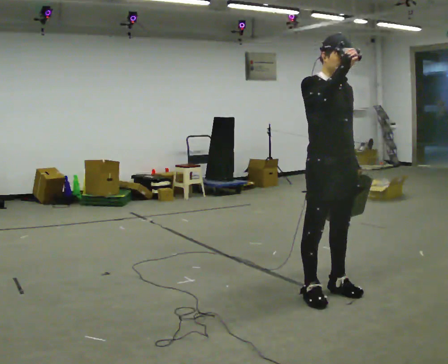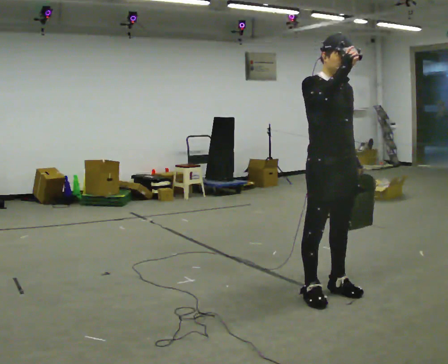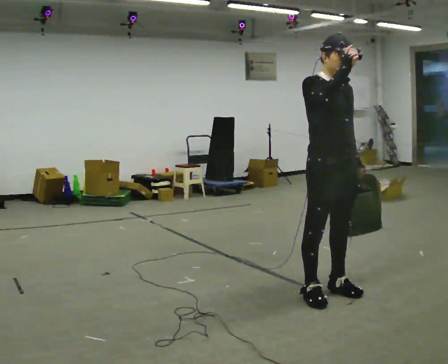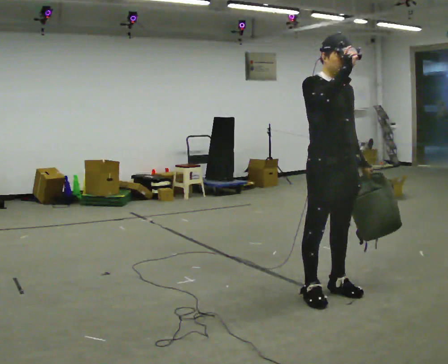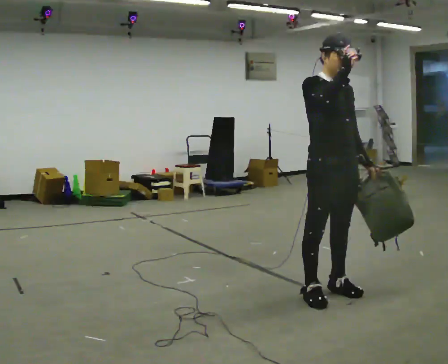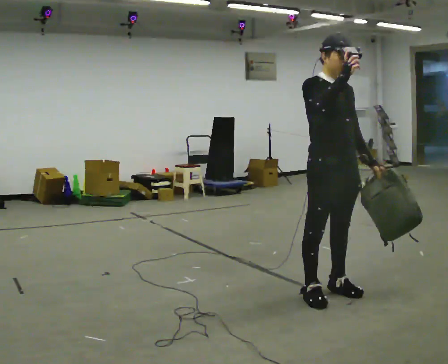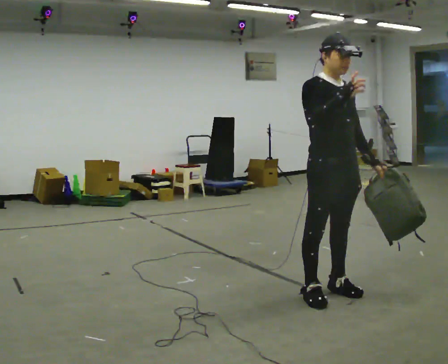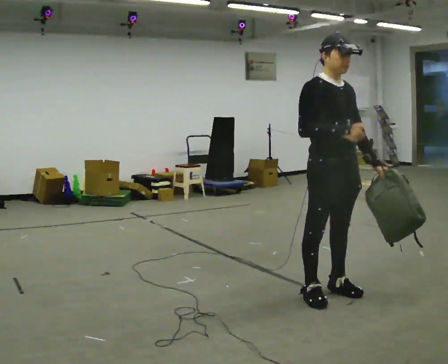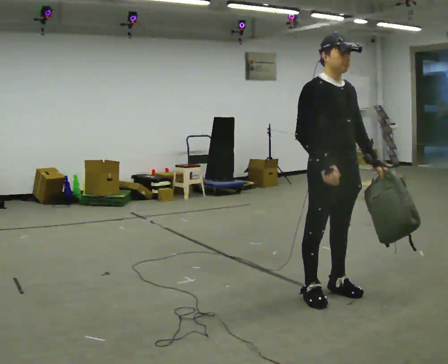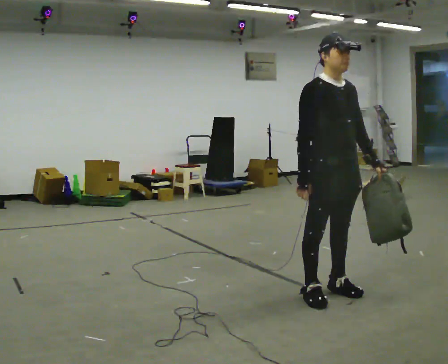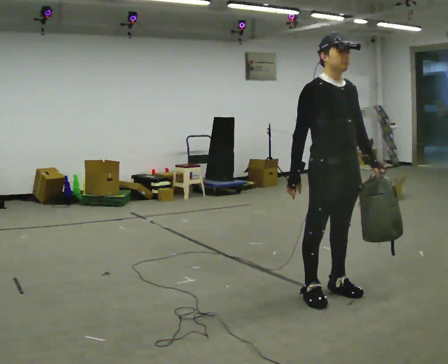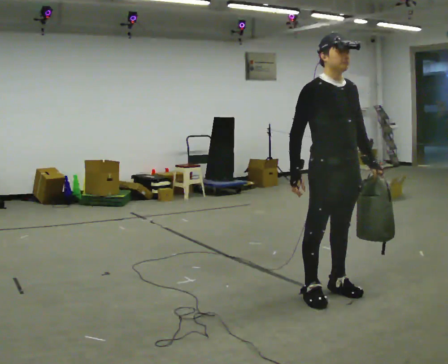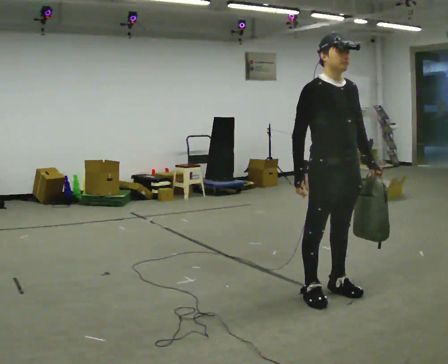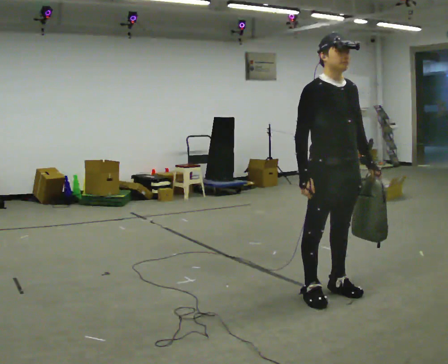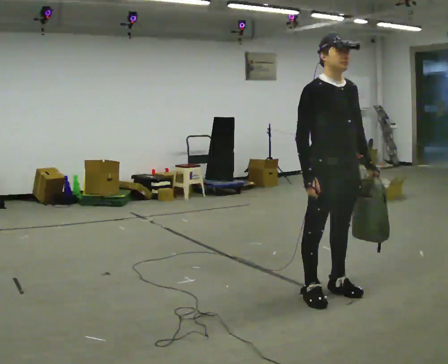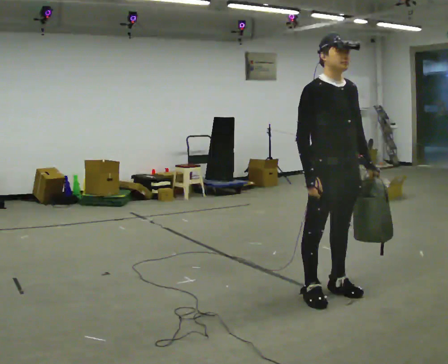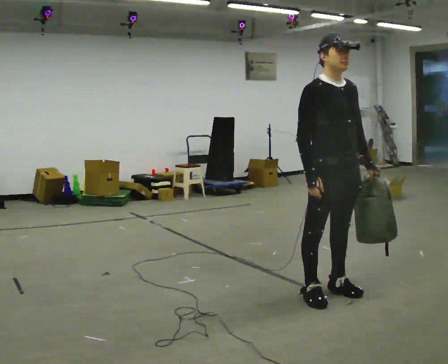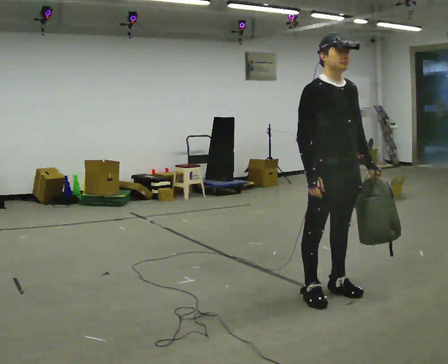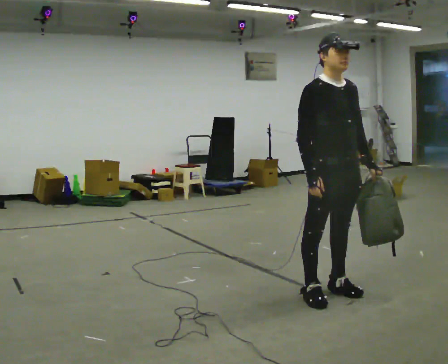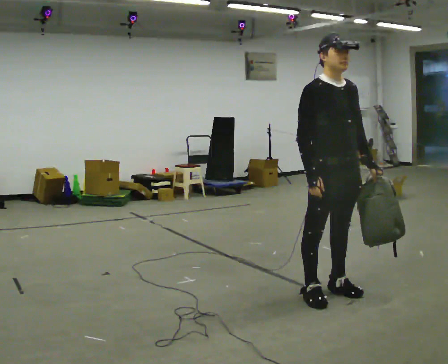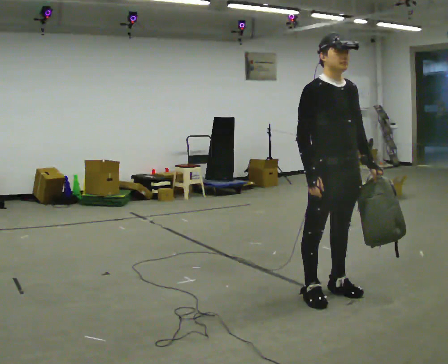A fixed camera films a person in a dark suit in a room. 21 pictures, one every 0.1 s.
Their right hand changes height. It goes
downward.
0.0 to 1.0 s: In the picture their right hand goes downward and to the left.
1.0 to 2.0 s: The person moves a little, or ends about where they began.
The film runs forward here.
